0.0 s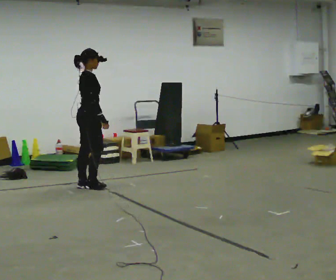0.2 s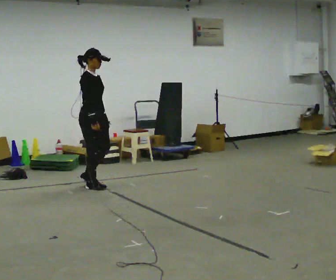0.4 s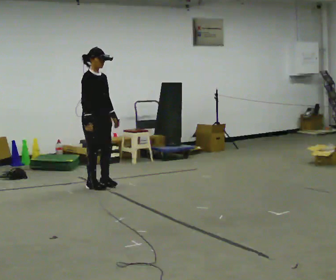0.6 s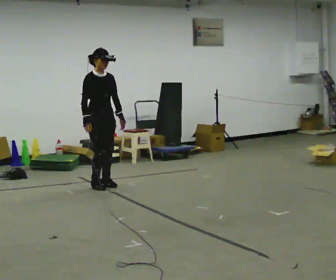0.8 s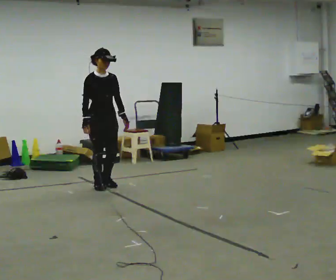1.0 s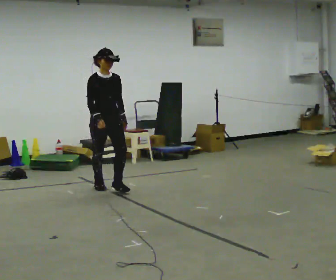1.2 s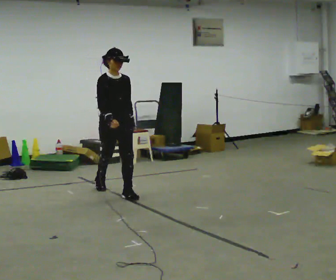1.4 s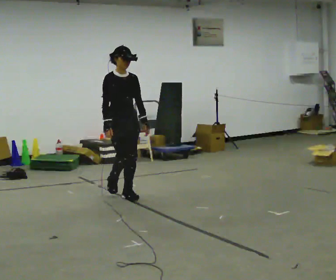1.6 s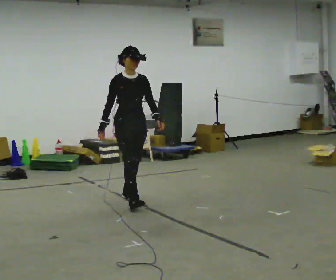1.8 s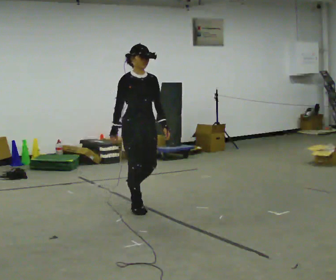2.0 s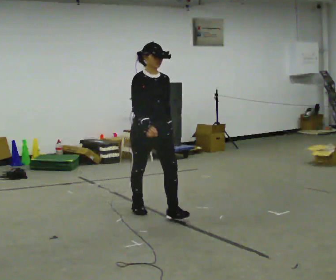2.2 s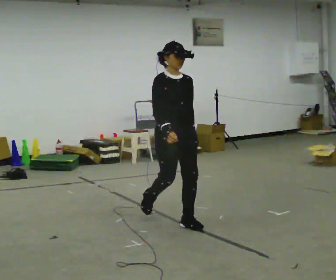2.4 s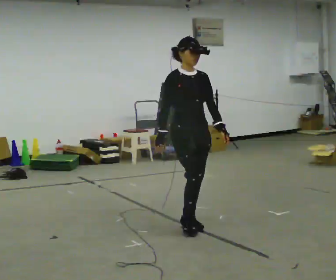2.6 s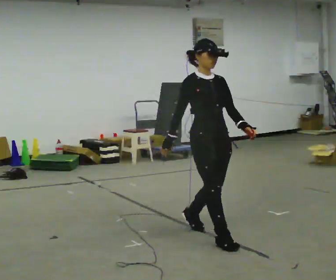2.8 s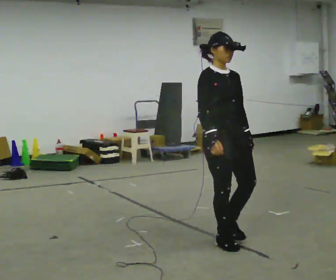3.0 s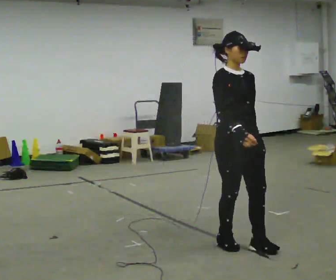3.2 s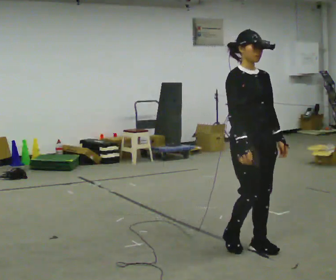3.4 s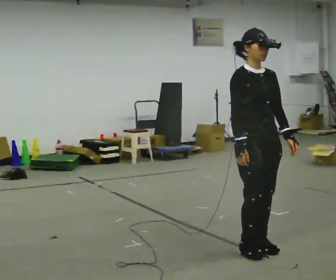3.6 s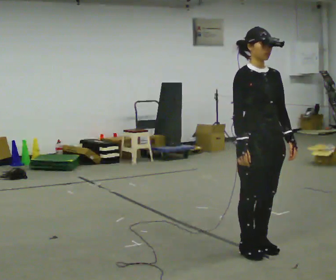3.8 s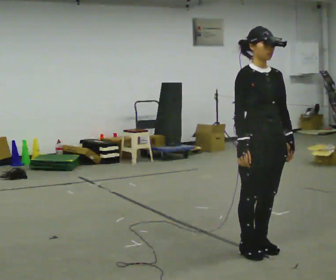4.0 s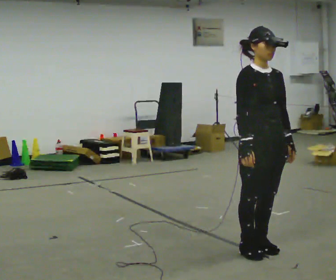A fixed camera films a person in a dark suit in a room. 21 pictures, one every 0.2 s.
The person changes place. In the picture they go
toward the camera.
0.0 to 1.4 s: The person turns about 75 degrees to their right, clockwise seen from above, so the part of the body nearest the lens slides to the left. In the picture they go toward the camera and to the right, about 0.75 m in 2 steps.
1.4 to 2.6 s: In the picture they go toward the camera and to the right, about 1.5 m in 2 steps, which for them is forward.
2.6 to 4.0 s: In the picture they go toward the camera and to the right, about 0.5 m in 3 steps, which for them is forward.
The film runs forward here.
